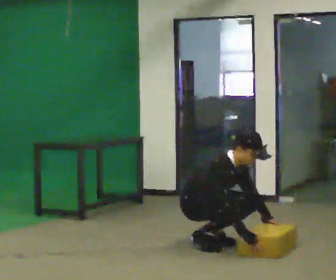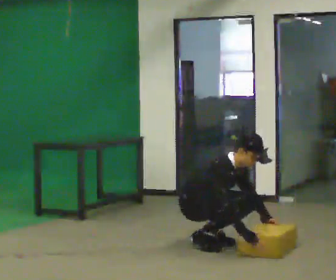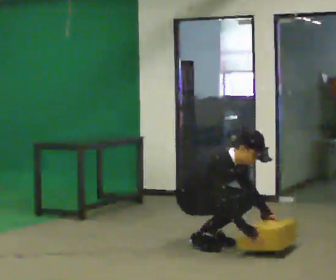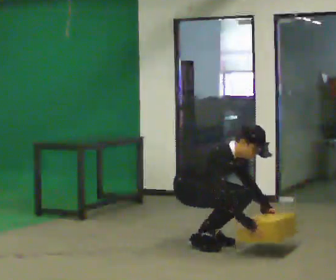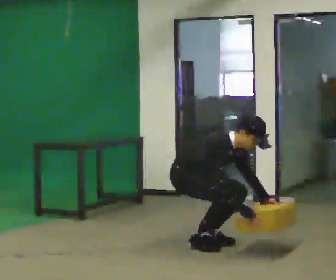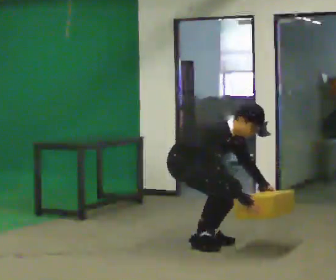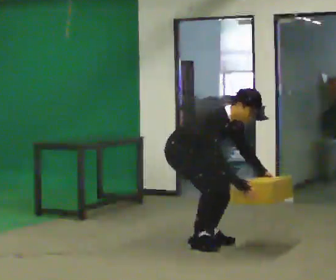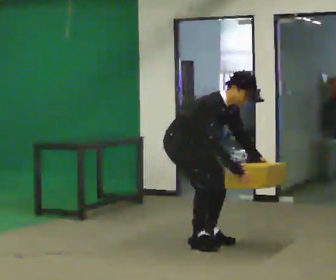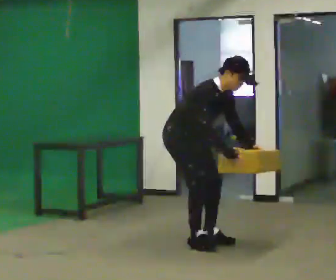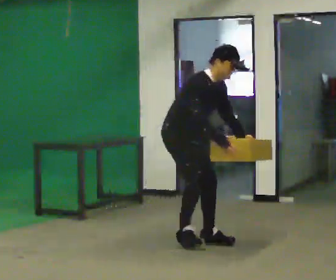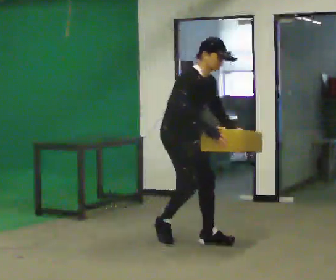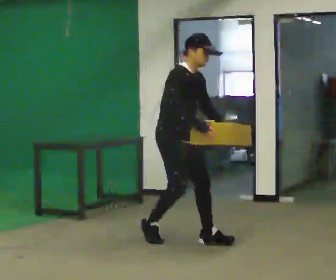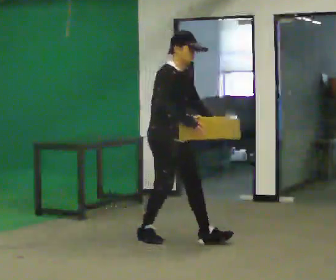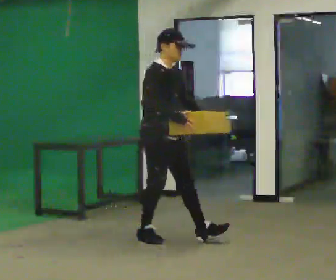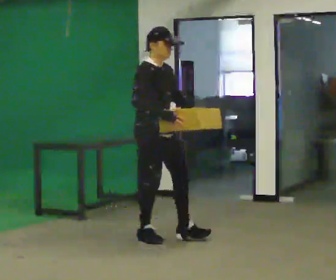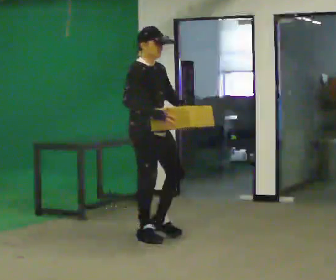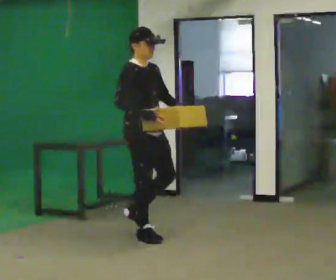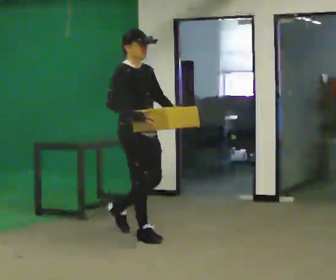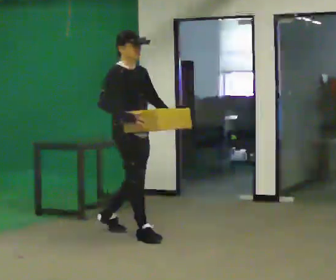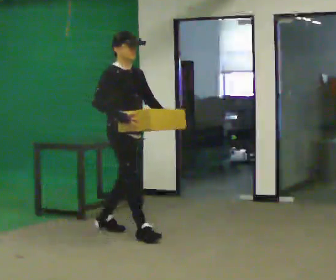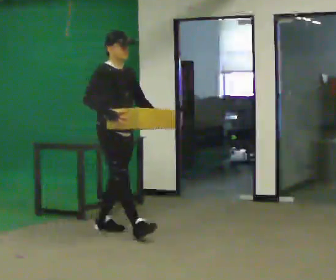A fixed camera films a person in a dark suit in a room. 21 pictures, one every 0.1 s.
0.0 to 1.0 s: In the picture they go to the left, about 0.25 m in 1 step, which for them is backward. The upper body goes upward. In the picture their right hand goes upward.
1.0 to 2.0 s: In the picture they go to the left and away from the camera, about 0.75 m in 2 steps, which for them is backward. In the picture the upper body tilts counterclockwise, shoulders to the left, as they lean back or straighten.
The film runs backward here.
